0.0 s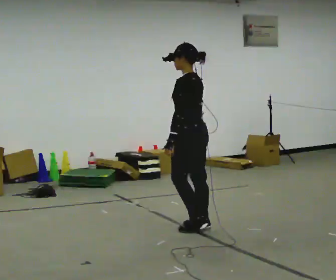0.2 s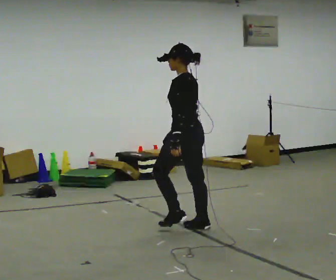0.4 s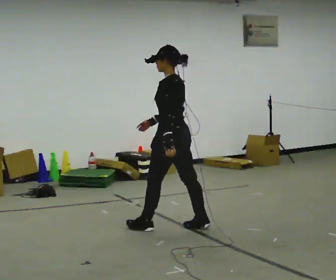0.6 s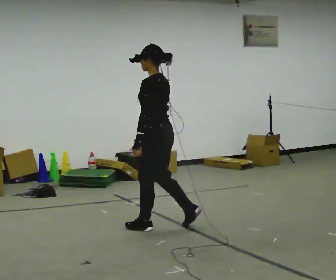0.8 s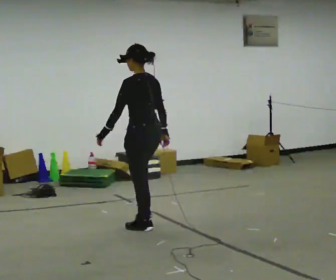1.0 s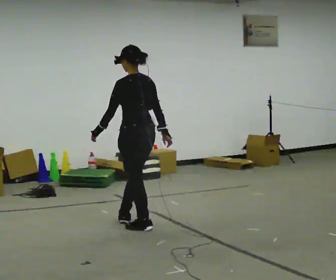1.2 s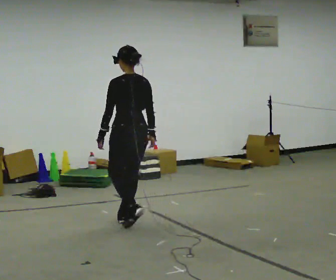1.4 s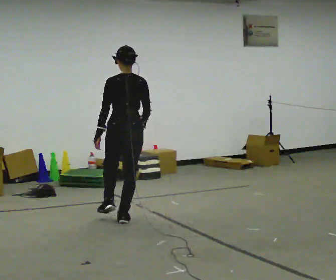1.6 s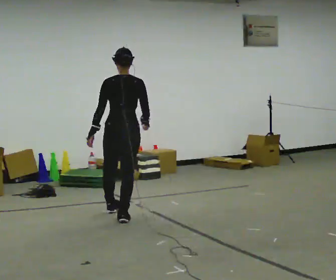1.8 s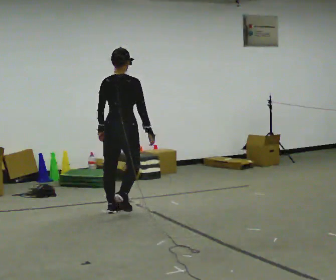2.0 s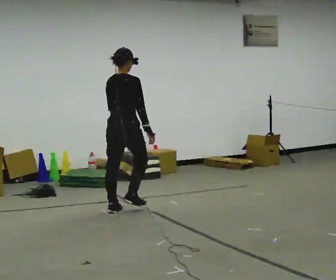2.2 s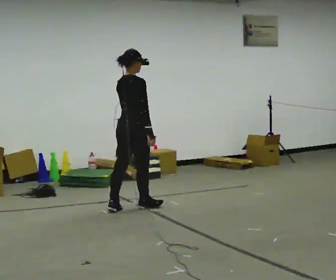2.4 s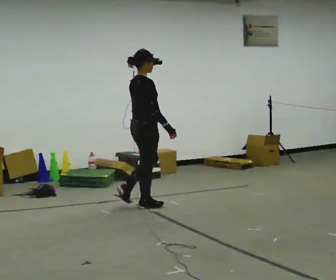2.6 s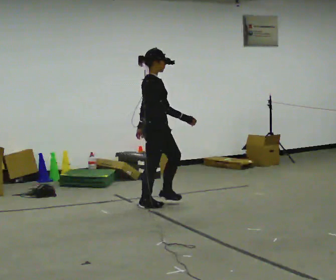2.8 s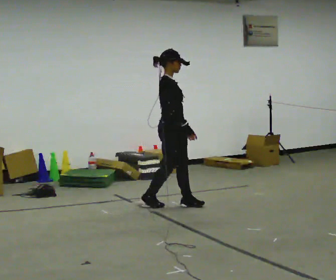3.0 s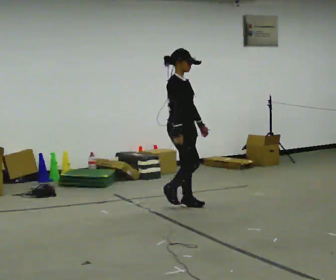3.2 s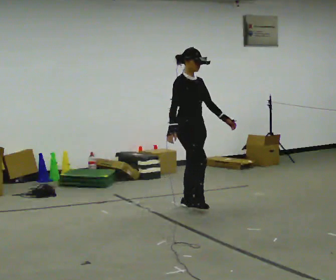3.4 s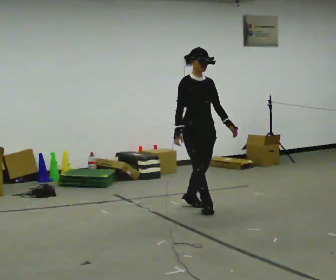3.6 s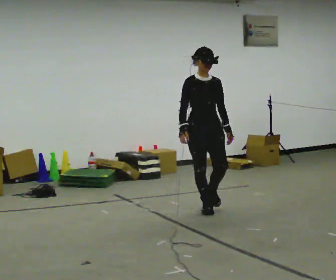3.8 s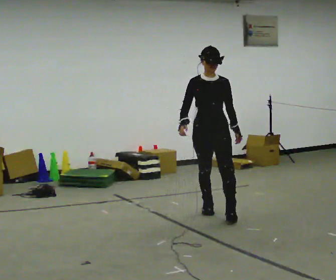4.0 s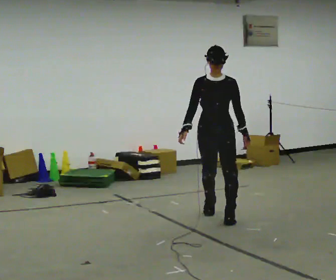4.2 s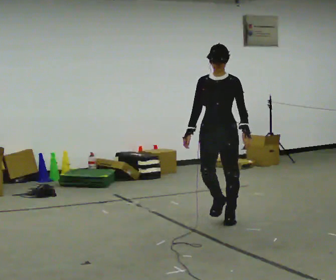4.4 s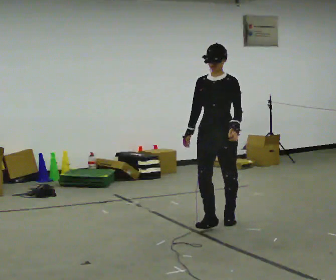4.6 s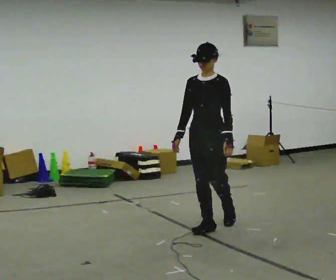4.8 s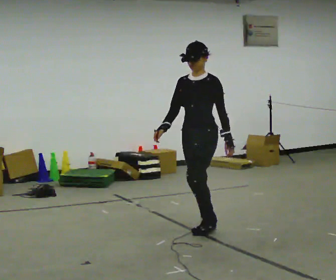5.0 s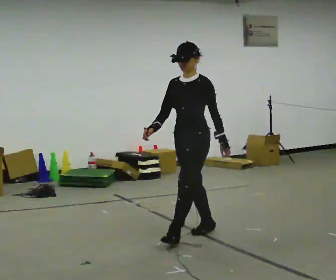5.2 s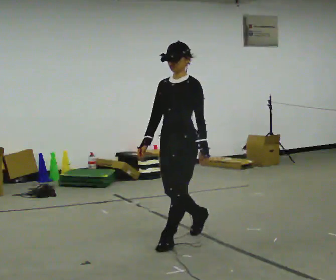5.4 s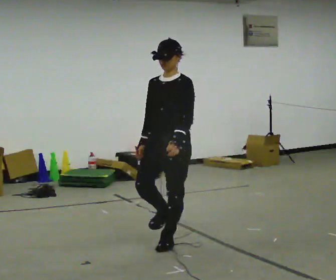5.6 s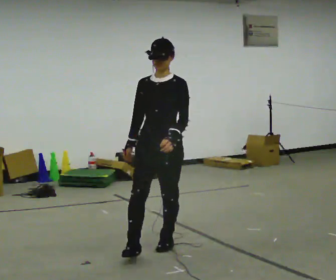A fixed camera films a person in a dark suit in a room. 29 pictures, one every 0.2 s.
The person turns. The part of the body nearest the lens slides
to the left.
The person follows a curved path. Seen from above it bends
clockwise.
0.0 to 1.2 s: The part of the body nearest the lens slides to the left as the person turns to their right by about 45 degrees. In the picture they go to the left and away from the camera, about 0.5 m in 2 steps, which for them is forward.
1.2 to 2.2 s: Seen from above the body turns clockwise, about 75 degrees: to their right, with its near side sliding to the left. In the picture they go away from the camera, about 0.5 m in 2 steps.
2.2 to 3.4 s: Seen from above the body turns clockwise, about 105 degrees: to their right, with its near side sliding to the left. In the picture they go to the right, about 0.75 m in 2 steps.
3.4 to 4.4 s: Seen from above the body turns clockwise, about 45 degrees: to their right, with its near side sliding to the left. In the picture they go toward the camera, about 0.75 m in 1 step, which for them is forward.
4.4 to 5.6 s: In the picture they go toward the camera and to the left, about 1 m in 2 steps, which for them is forward.
The film runs forward here.
